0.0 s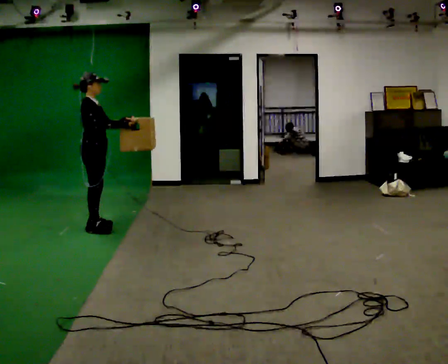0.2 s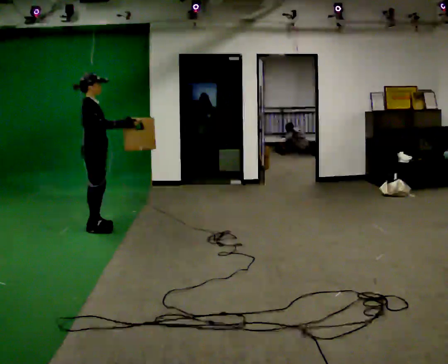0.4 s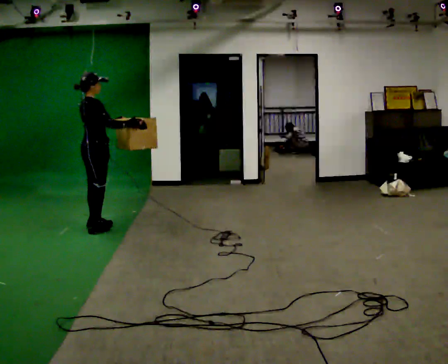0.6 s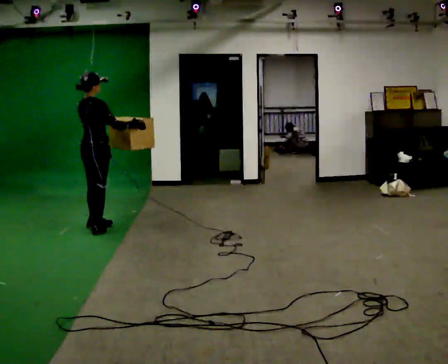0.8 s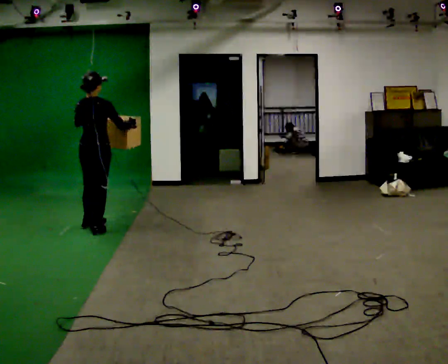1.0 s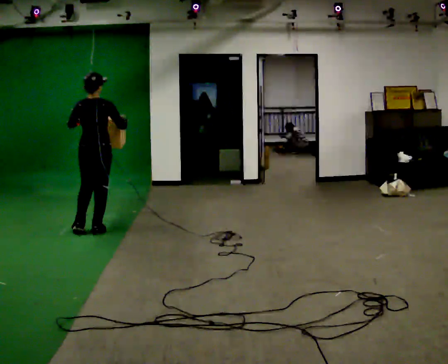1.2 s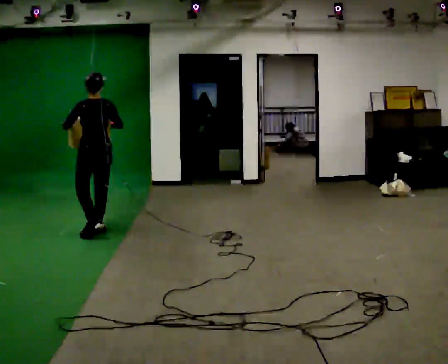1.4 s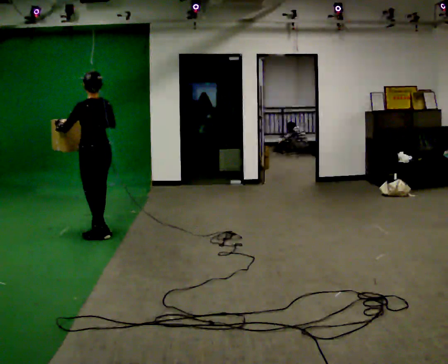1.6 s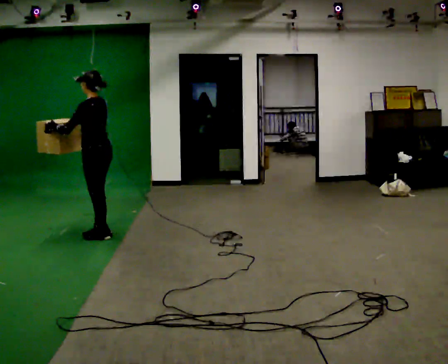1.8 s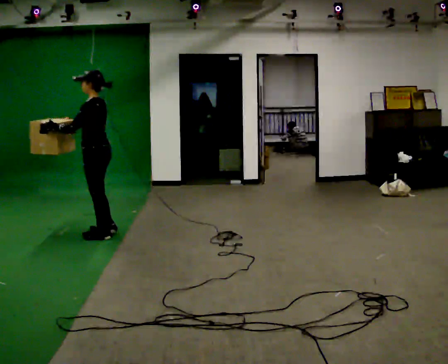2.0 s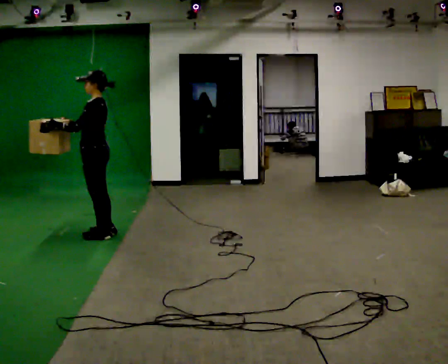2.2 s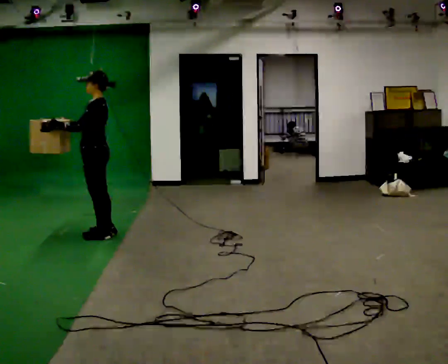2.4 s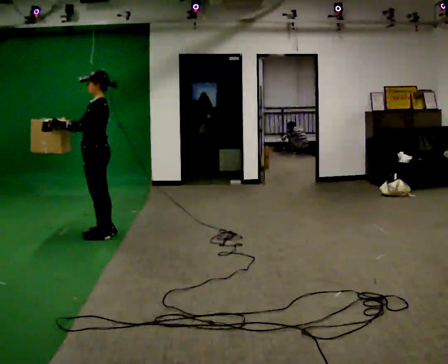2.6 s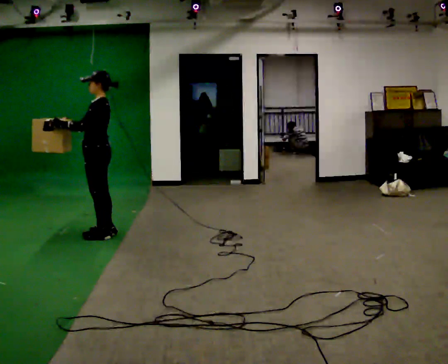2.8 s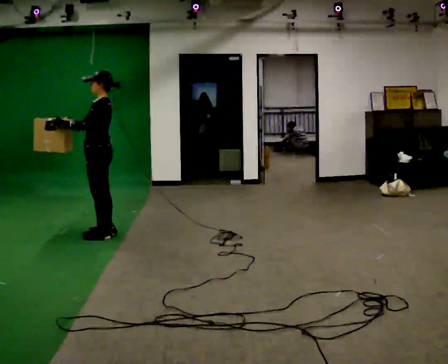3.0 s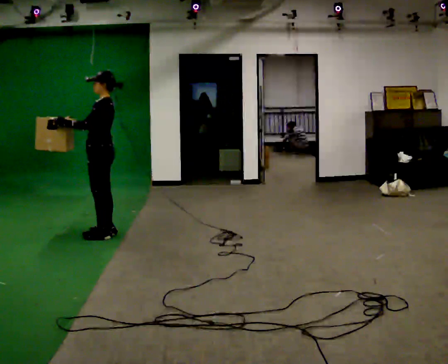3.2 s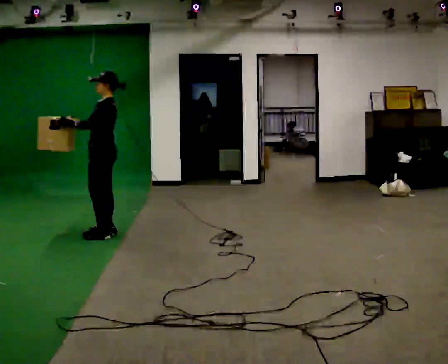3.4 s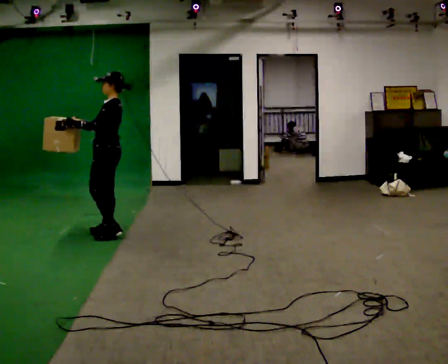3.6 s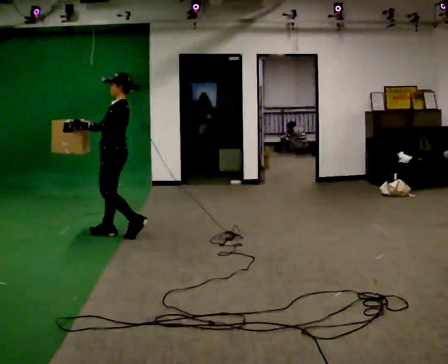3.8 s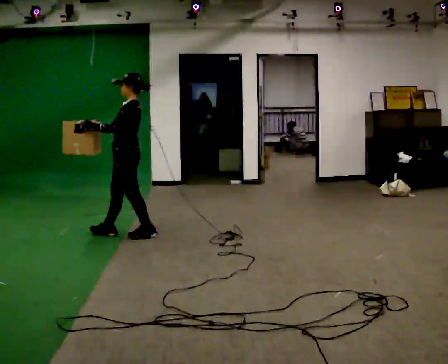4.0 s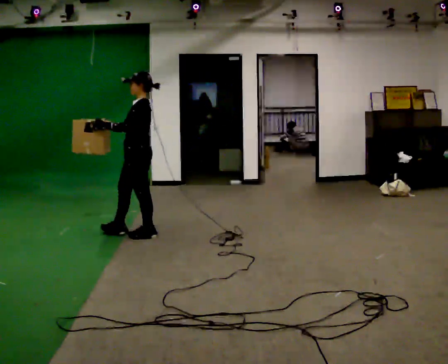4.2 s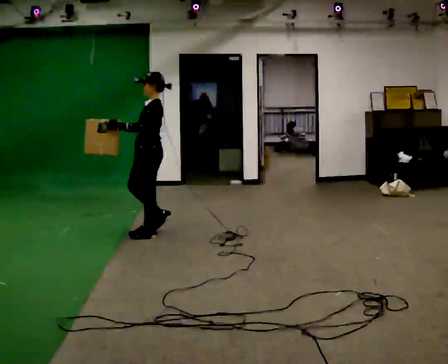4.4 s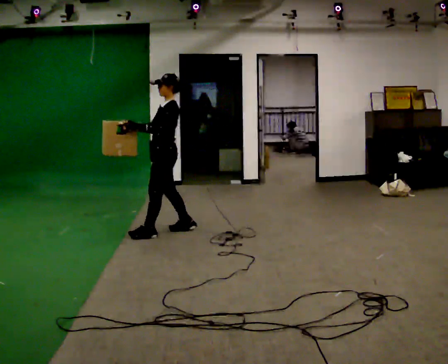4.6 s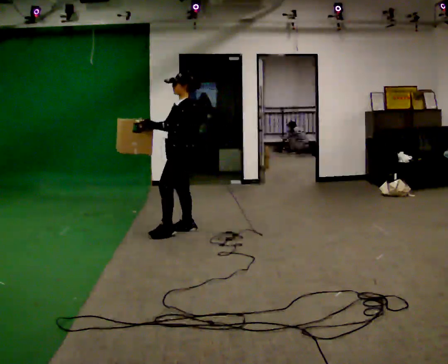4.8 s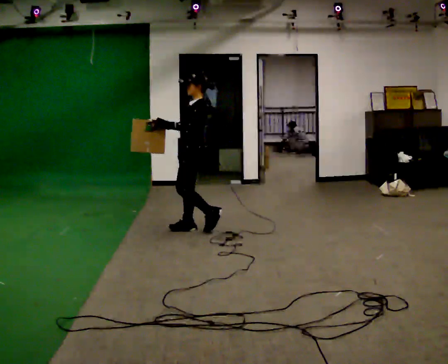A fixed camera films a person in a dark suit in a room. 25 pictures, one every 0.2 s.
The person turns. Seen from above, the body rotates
counterclockwise.
The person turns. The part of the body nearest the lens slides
to the right.
0.0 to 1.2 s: The part of the body nearest the lens slides to the right as the person turns to their left by about 120 degrees. In the picture they go toward the camera, about 0.25 m in 1 step.
1.2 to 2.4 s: Seen from above the body turns counterclockwise, about 75 degrees: to their left, with its near side sliding to the right. In the picture their right hand goes to the left.
2.4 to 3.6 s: In the picture they go to the right, about 0.25 m in 1 step, which for them is backward.
3.6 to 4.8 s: In the picture they go to the right, about 1 m in 2 steps, which for them is backward.
The film runs backward here.
